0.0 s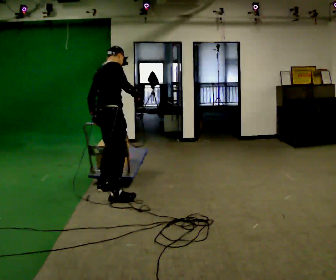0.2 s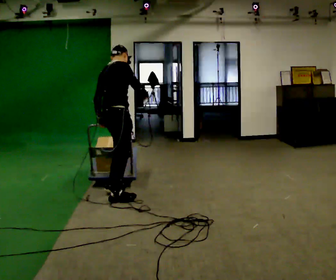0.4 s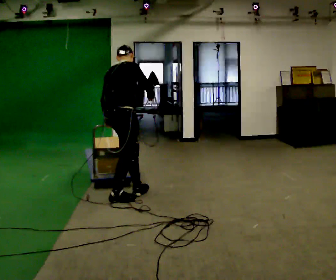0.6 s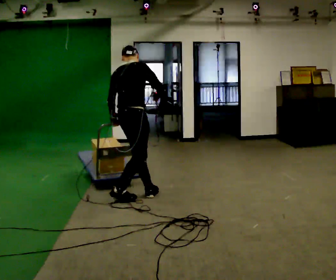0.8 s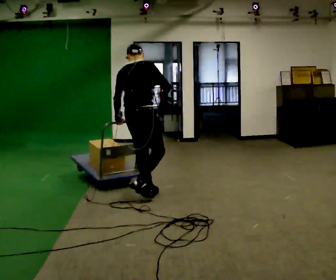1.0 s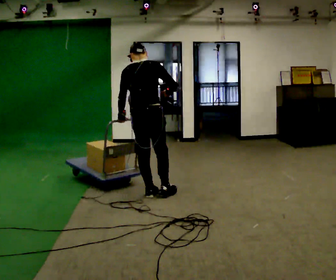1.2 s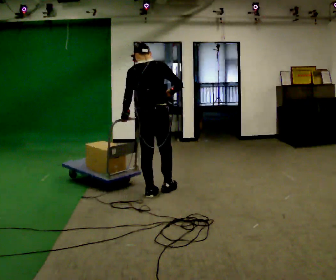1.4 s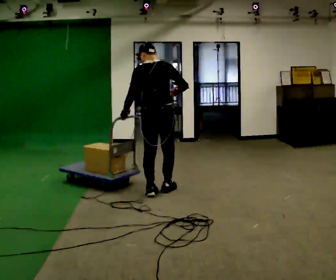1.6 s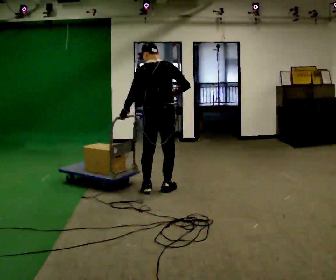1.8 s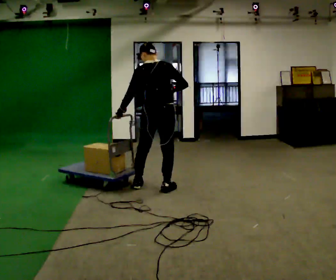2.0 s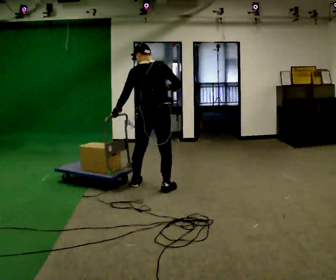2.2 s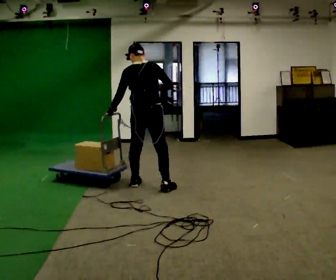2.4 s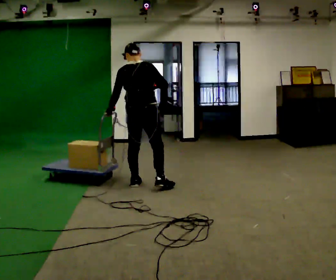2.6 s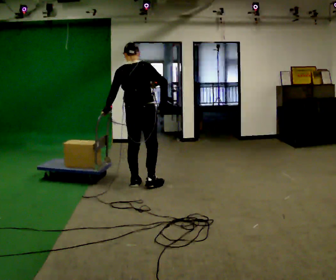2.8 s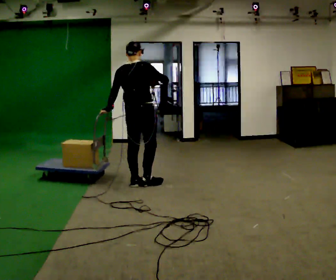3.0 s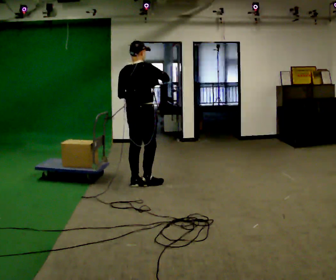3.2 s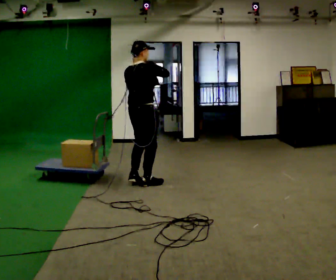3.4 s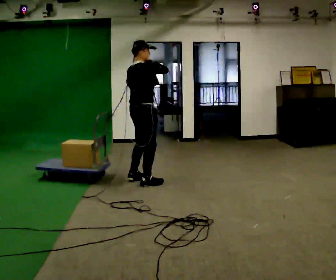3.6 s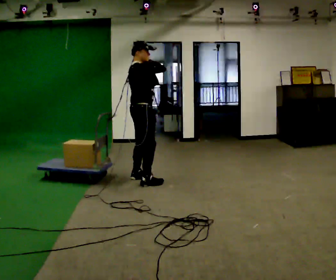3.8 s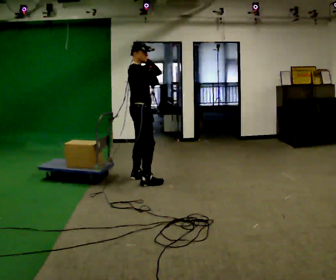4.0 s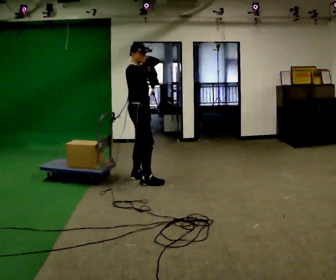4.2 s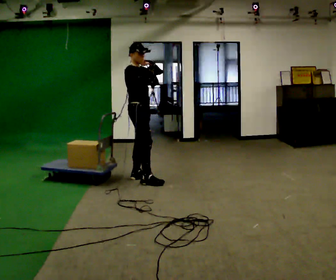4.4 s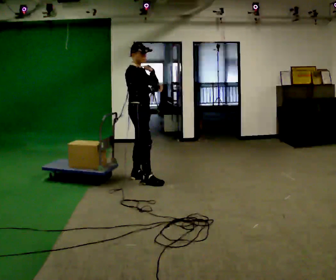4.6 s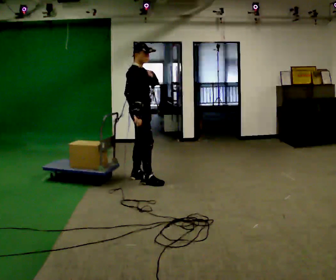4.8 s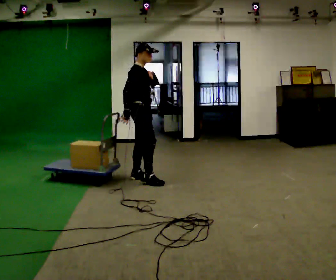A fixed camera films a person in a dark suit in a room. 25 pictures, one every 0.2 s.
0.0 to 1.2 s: Seen from above the body turns counterclockwise, about 45 degrees: to their left, with its near side sliding to the right. In the picture they go to the right, about 0.5 m in 2 steps, which for them is forward.
1.2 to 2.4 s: In the picture they go away from the camera, about 0.25 m in 1 step, which for them is forward and to their left.
2.4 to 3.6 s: The part of the body nearest the lens slides to the left as the person turns to their right by about 60 degrees. In the picture they go away from the camera, about 0.25 m in 2 steps. In the picture their left hand goes upward and to the right.
3.6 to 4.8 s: In the picture they go away from the camera, about 0.25 m, which for them is to their left. In the picture their right hand goes downward.
The film runs forward here.
